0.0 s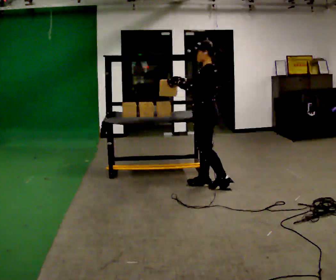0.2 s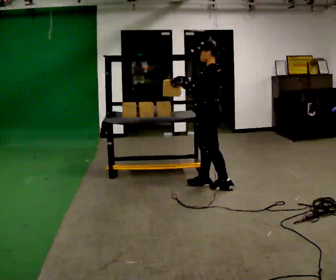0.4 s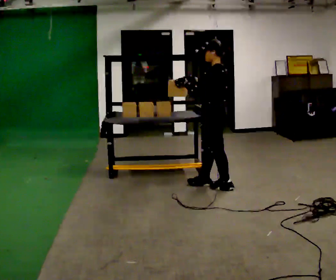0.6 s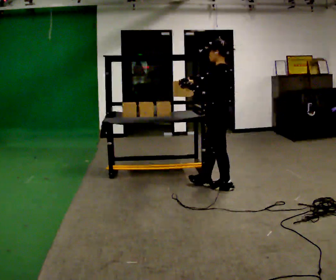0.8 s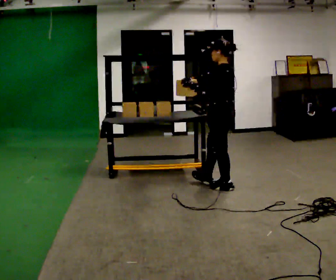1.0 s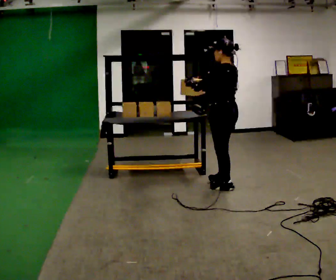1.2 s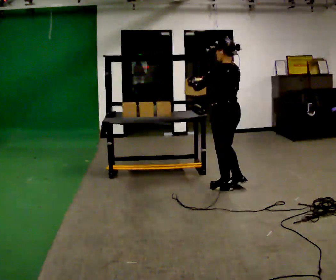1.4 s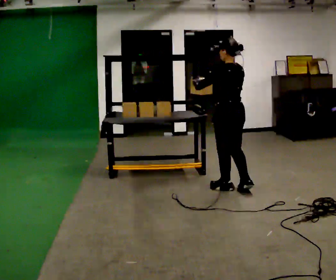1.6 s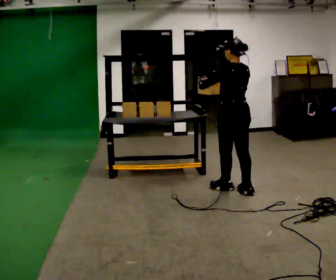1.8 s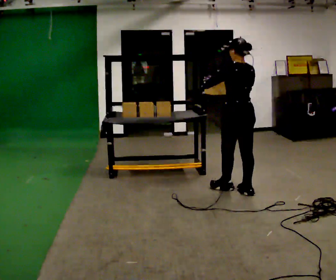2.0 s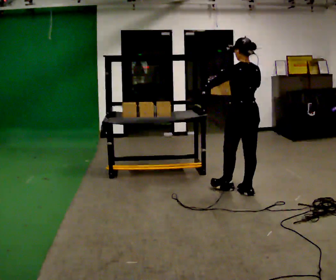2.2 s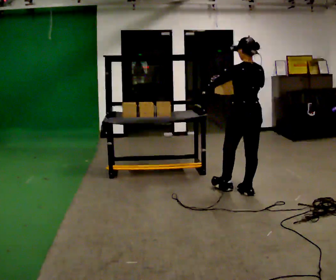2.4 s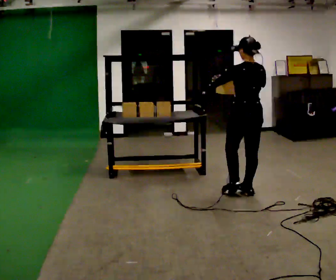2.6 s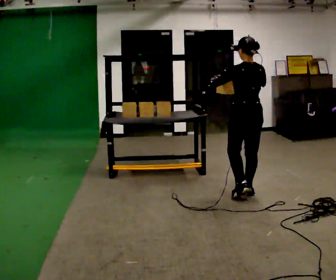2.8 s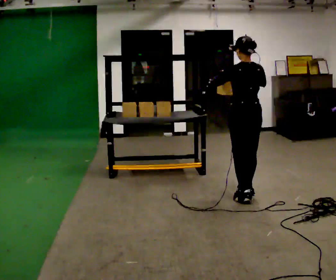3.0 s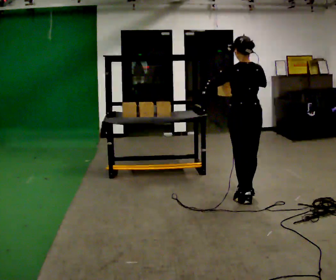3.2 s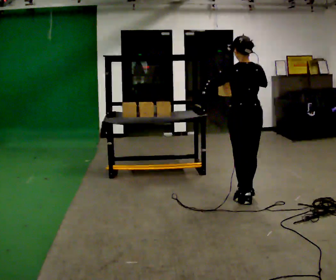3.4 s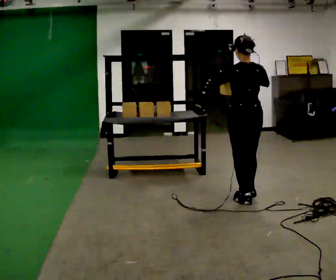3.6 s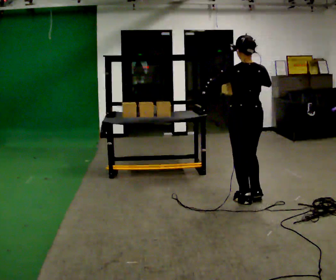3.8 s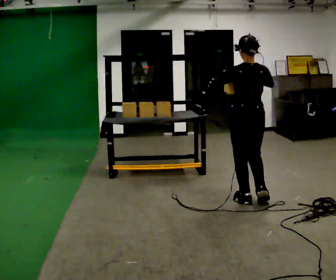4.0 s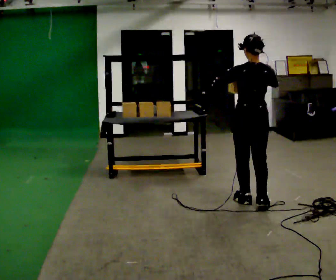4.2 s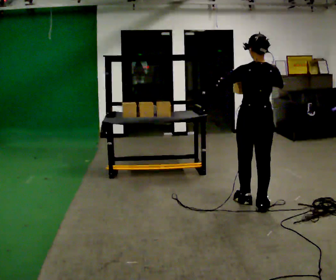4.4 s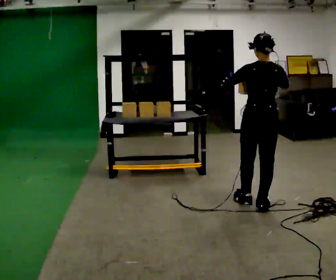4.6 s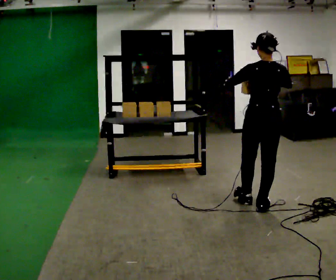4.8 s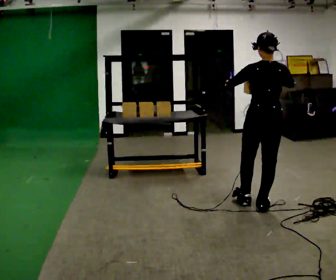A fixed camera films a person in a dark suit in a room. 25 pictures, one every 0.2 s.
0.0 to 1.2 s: The person turns about 30 degrees to their right, clockwise seen from above, so the part of the body nearest the lens slides to the left. In the picture they go to the right, about 0.25 m in 1 step, which for them is backward.
1.2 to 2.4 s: The person turns about 30 degrees to their right, clockwise seen from above, so the part of the body nearest the lens slides to the left. In the picture they go to the right, about 0.25 m in 1 step, which for them is backward.
2.4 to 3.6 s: In the picture they go toward the camera, about 0.25 m in 1 step, which for them is backward.
3.6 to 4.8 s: In the picture they go toward the camera and to the right, about 0.25 m in 1 step, which for them is backward and to their right.
The film runs backward here.
